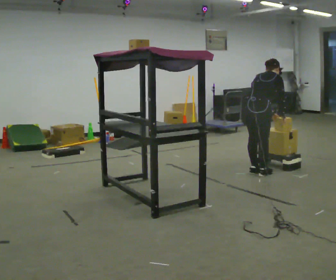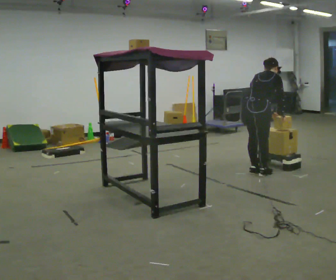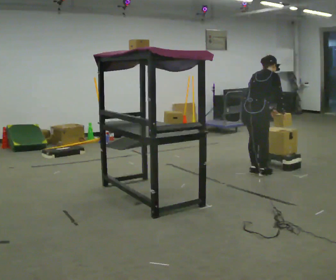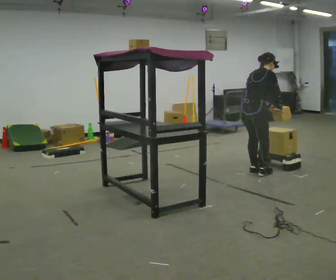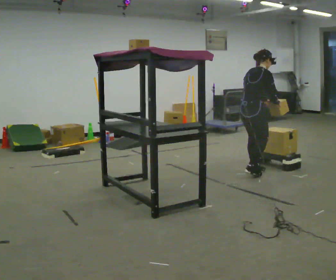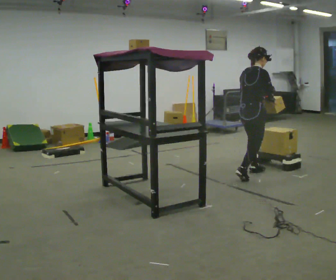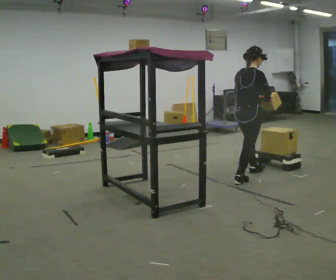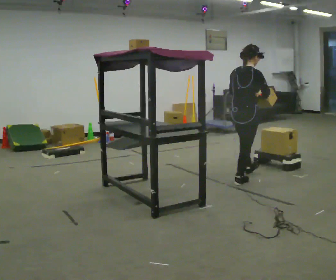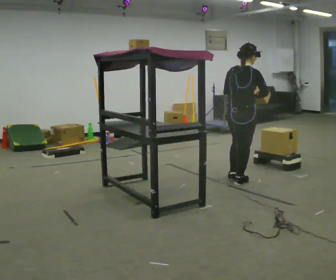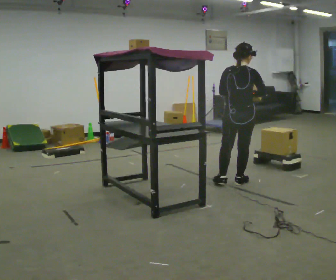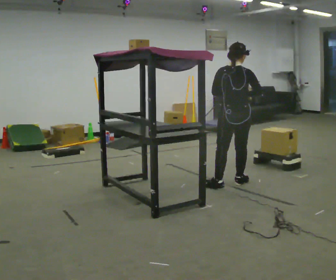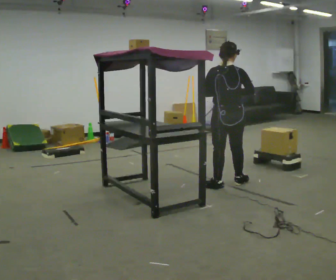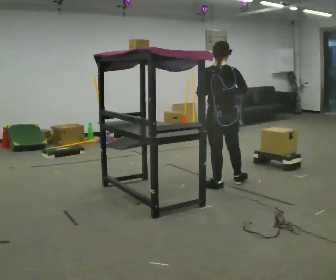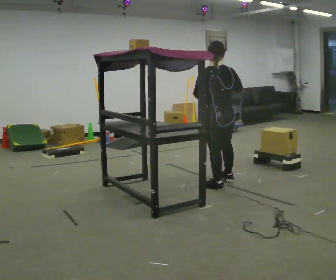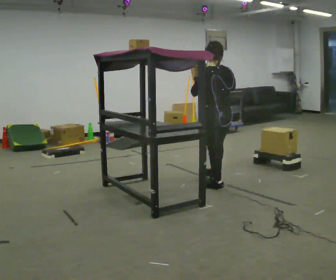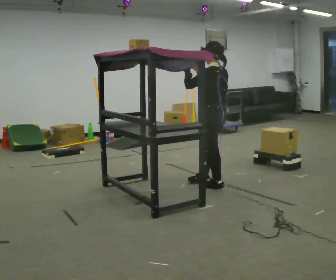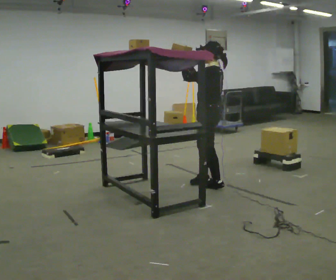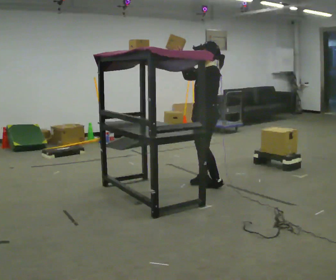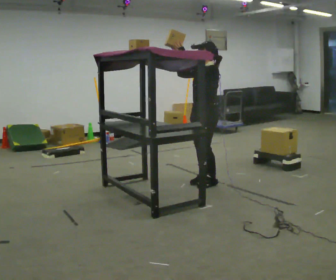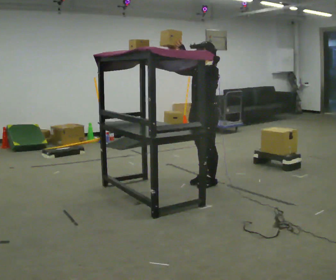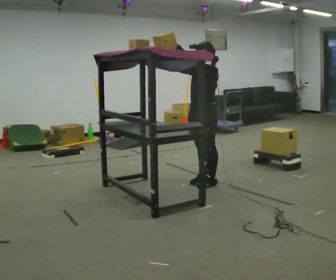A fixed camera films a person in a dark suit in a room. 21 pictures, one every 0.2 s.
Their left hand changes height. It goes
upward.
The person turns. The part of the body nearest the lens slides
to the right.
0.0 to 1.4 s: In the picture they go toward the camera and to the left, about 0.25 m in 2 steps, which for them is backward and to their right. In the picture the upper body tilts counterclockwise, shoulders to the left, as they lean back or straighten.
1.4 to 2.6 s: The part of the body nearest the lens slides to the right as the person turns to their left by about 60 degrees. In the picture they go to the left and toward the camera, about 0.5 m in 1 step.
2.6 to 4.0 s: Seen from above the body turns counterclockwise, about 105 degrees: to their left, with its near side sliding to the right. In the picture they go away from the camera, about 0.25 m in 1 step. In the picture their right hand goes to the left and upward.
The film runs backward here.
